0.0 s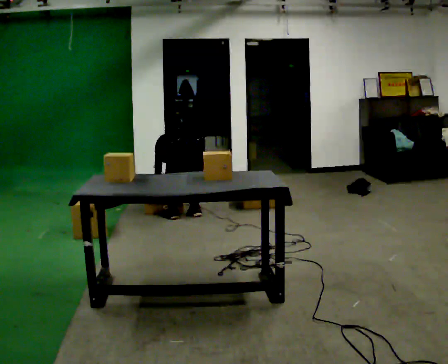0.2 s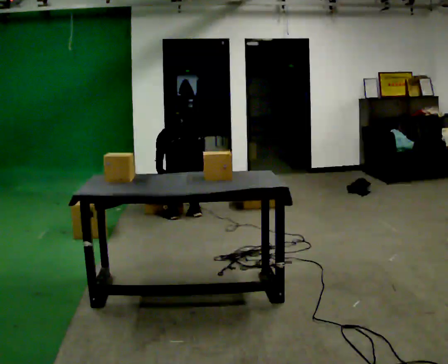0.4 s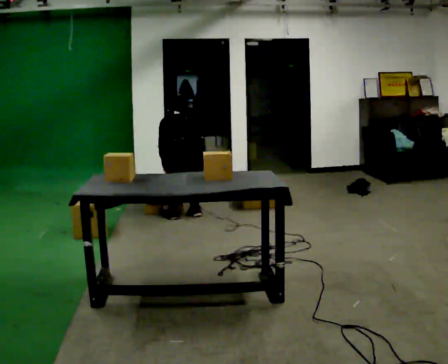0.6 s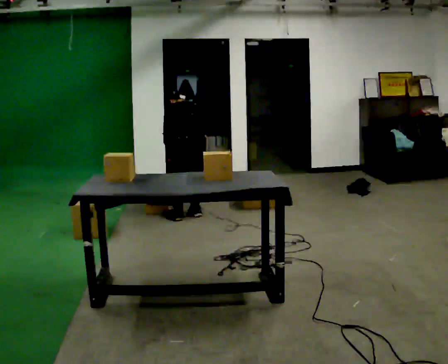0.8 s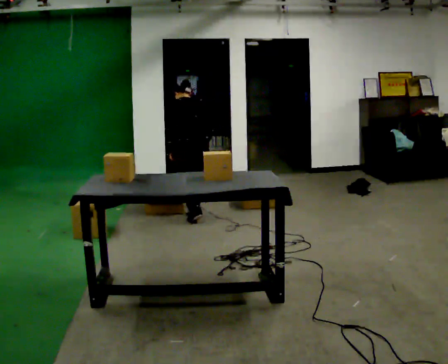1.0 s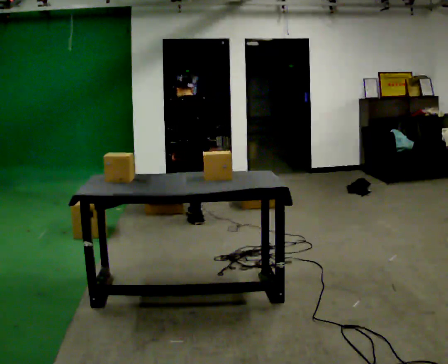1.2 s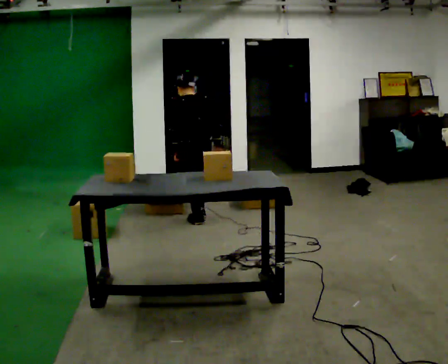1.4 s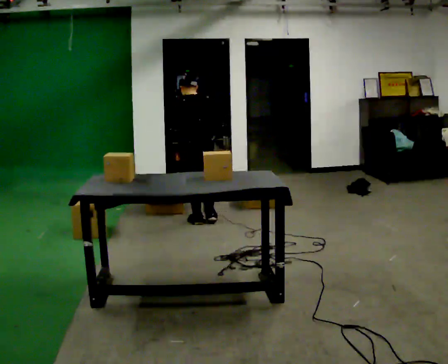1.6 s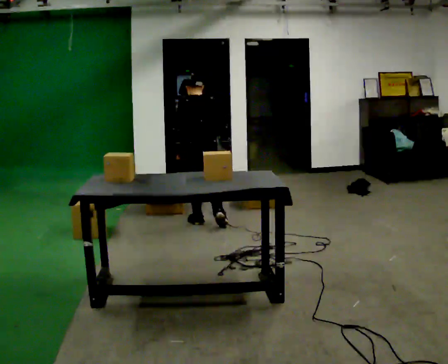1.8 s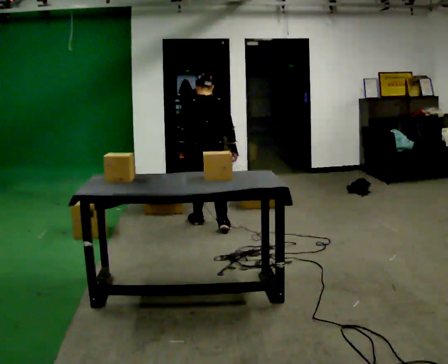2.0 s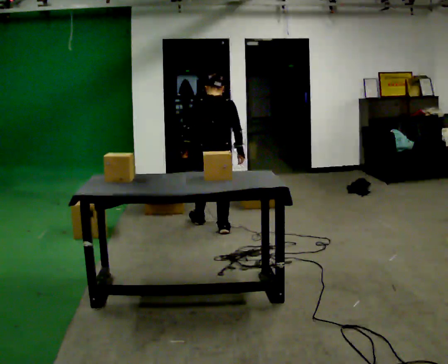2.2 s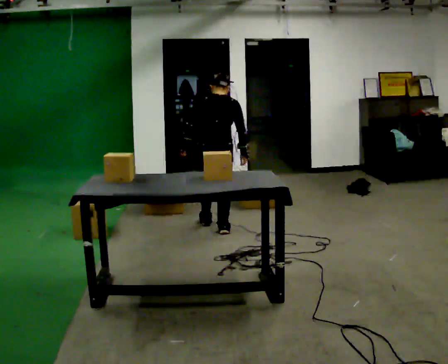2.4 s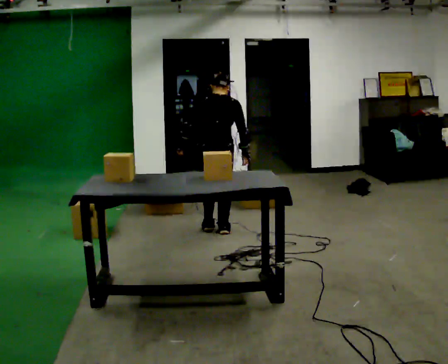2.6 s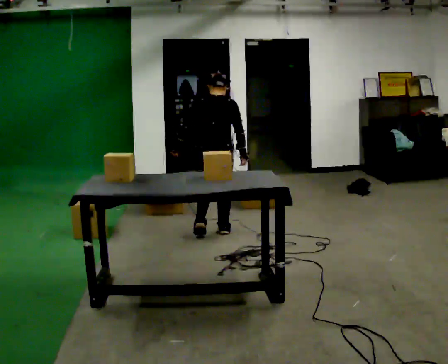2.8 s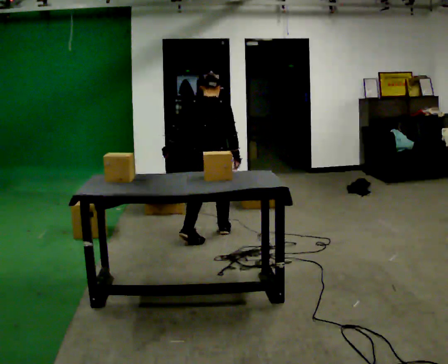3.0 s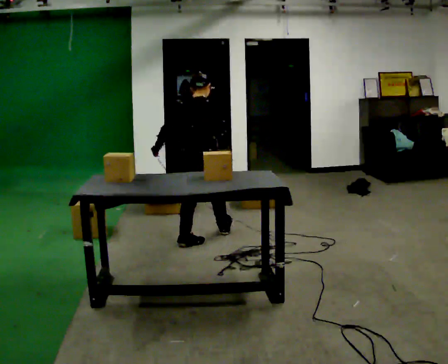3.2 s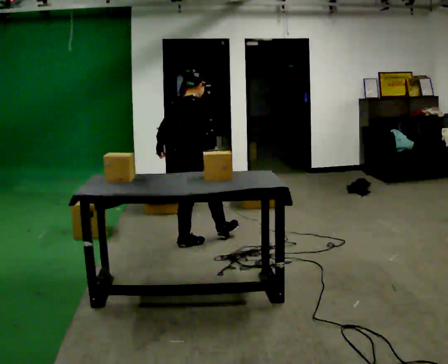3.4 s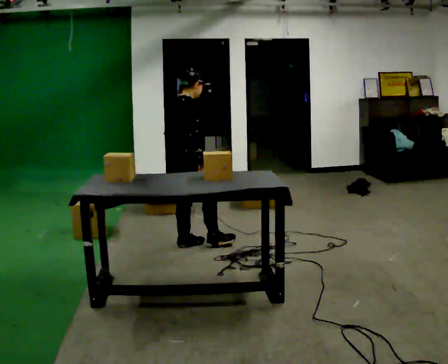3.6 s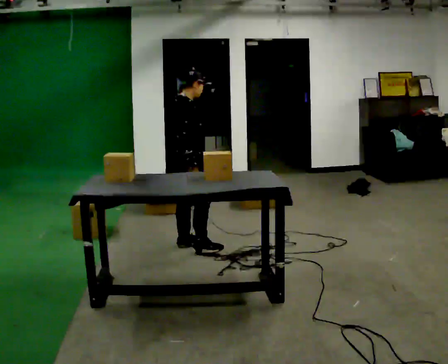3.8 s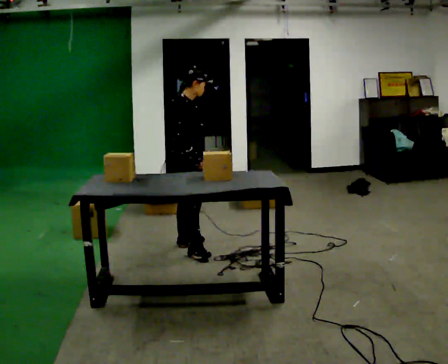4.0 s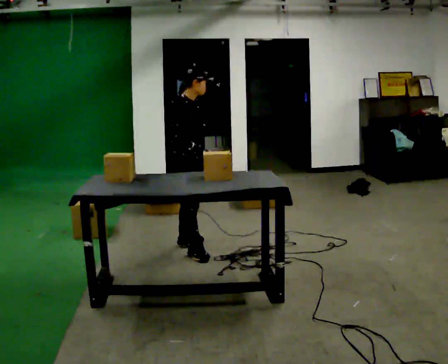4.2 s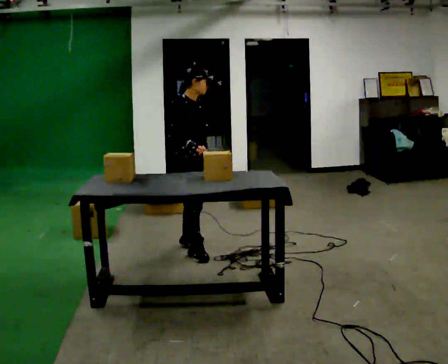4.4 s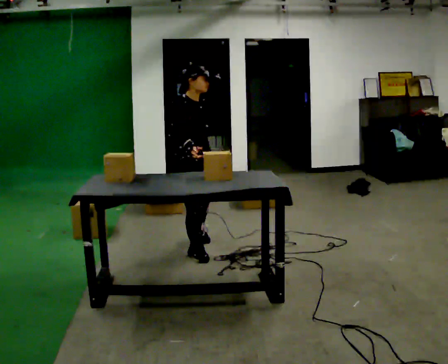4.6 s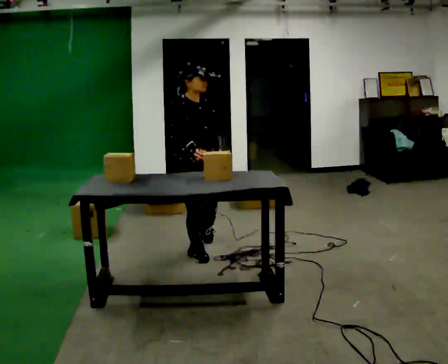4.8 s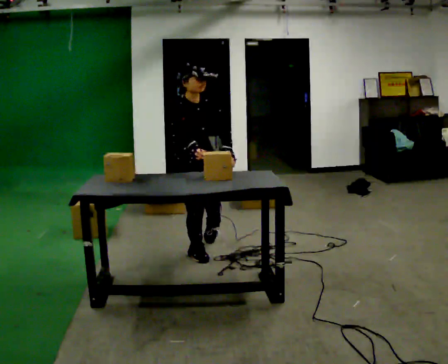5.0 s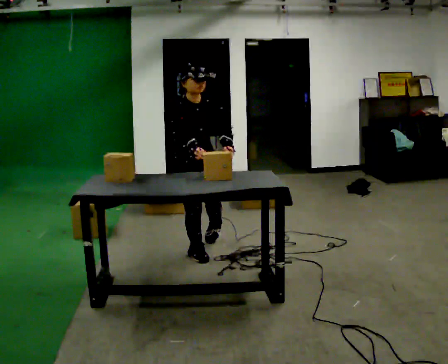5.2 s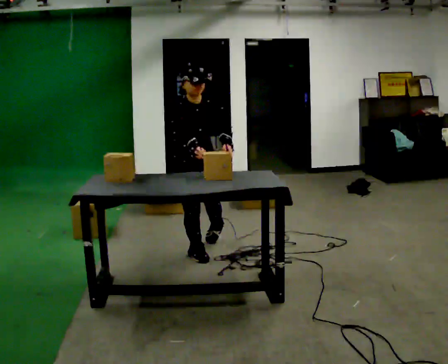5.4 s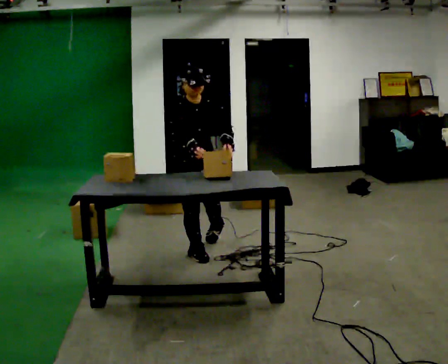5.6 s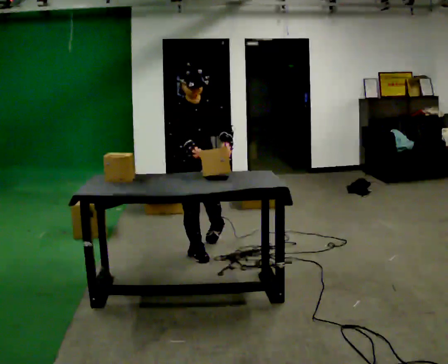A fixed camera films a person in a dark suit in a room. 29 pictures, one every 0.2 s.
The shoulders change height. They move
upward.
The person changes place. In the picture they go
toward the camera.
0.0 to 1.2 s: The upper body goes upward. The upper body tips toward the camera, its near side rolling downward, as they lean back or straighten. In the picture their right hand goes upward and to the right.
1.2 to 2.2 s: The part of the body nearest the lens slides to the left as the person turns to their right by about 30 degrees. In the picture they go toward the camera and to the right, about 0.25 m in 1 step, which for them is backward and to their right.
2.2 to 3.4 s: The person turns about 45 degrees to their right, clockwise seen from above, so the part of the body nearest the lens slides to the left. In the picture they go toward the camera and to the left, about 0.5 m in 1 step, which for them is backward.
3.4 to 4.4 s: Seen from above the body turns clockwise, about 60 degrees: to their right, with its near side sliding to the left. In the picture they go toward the camera, about 0.25 m in 1 step.
4.4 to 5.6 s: The person turns about 45 degrees to their right, clockwise seen from above, so the part of the body nearest the lens slides to the left.
The film runs backward here.
